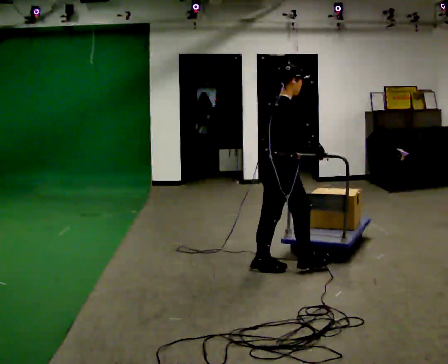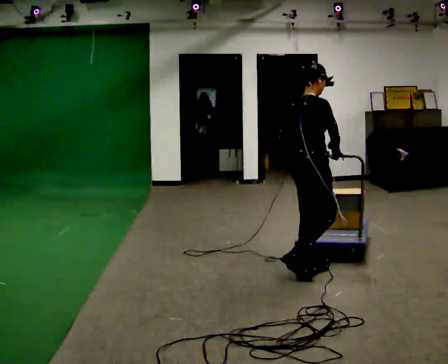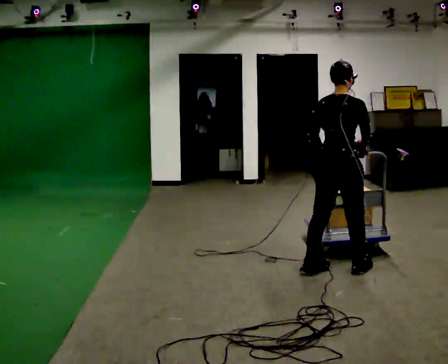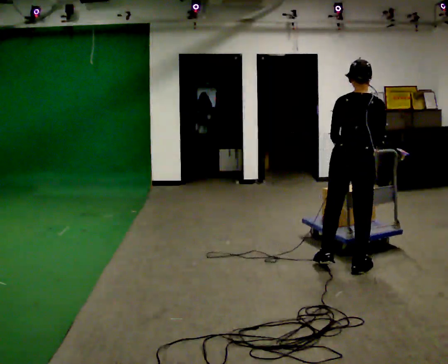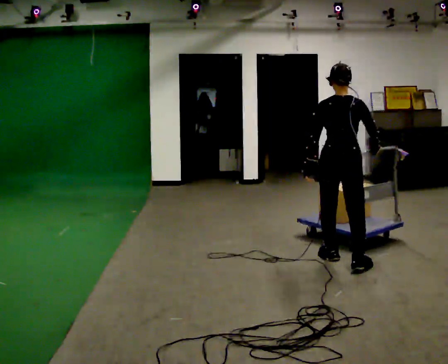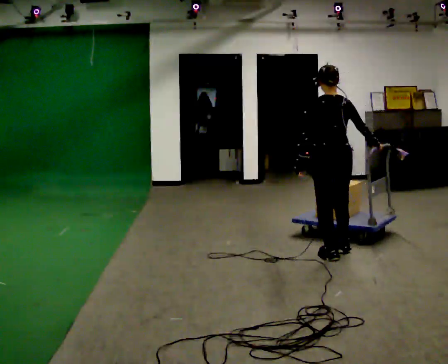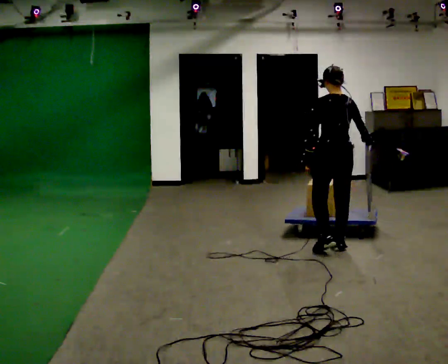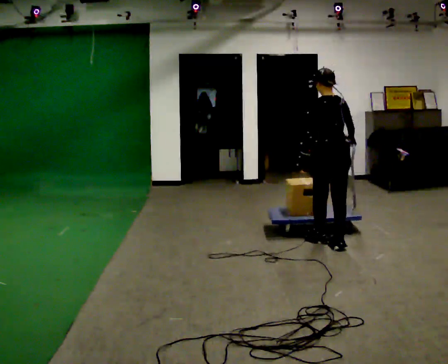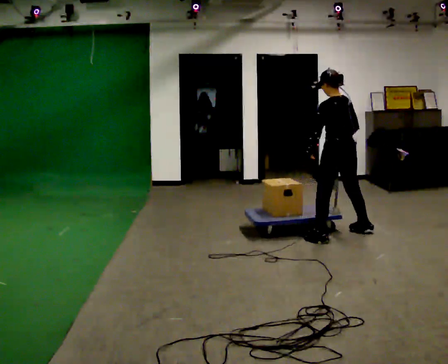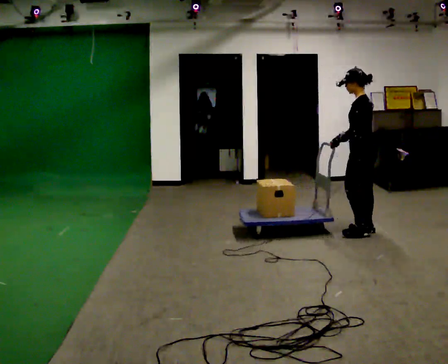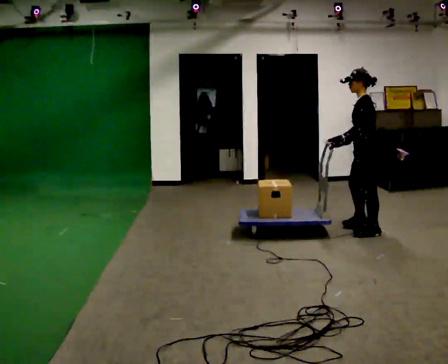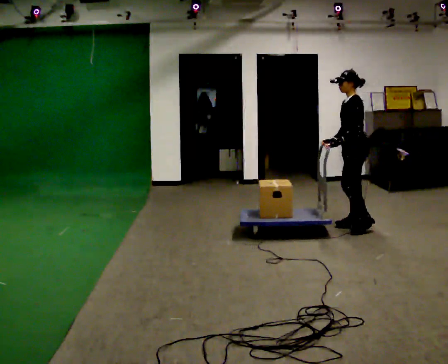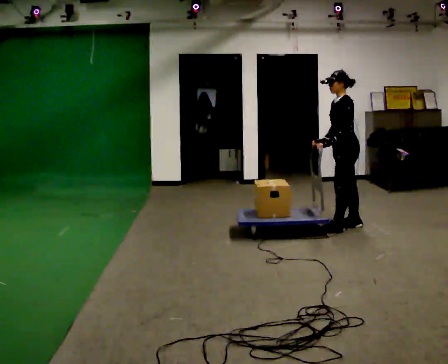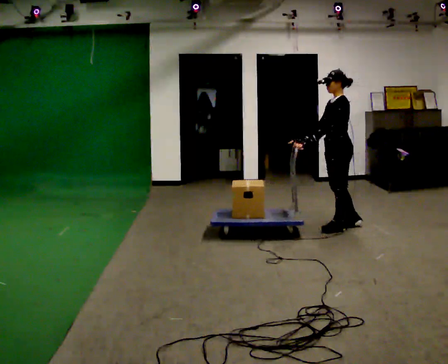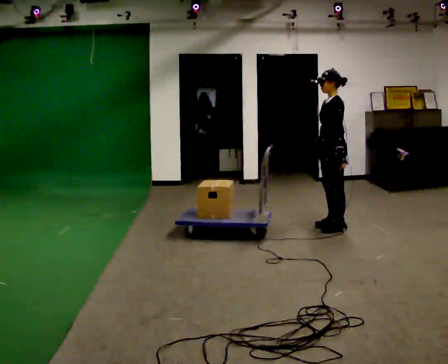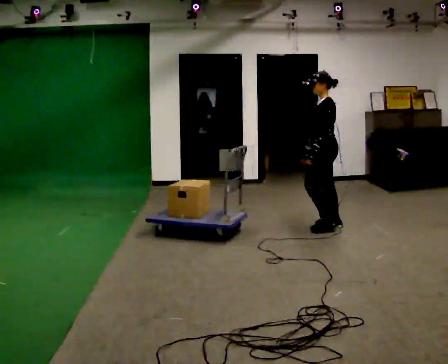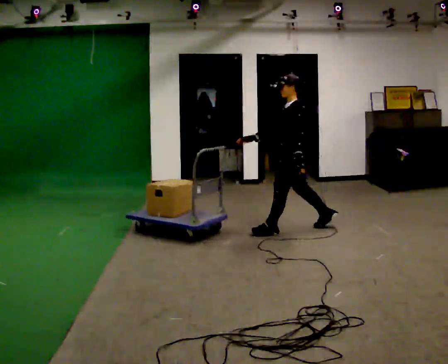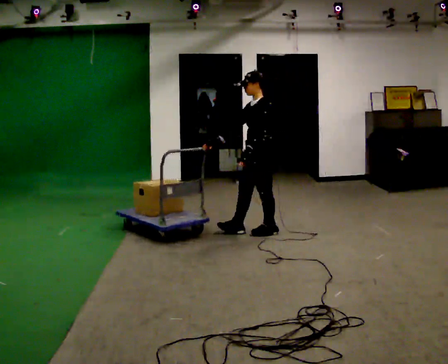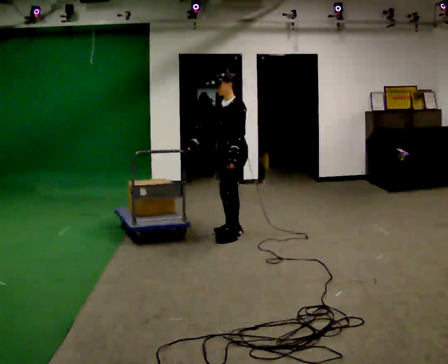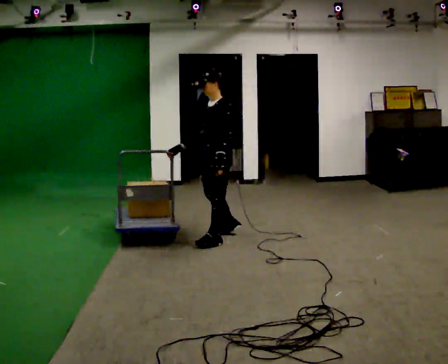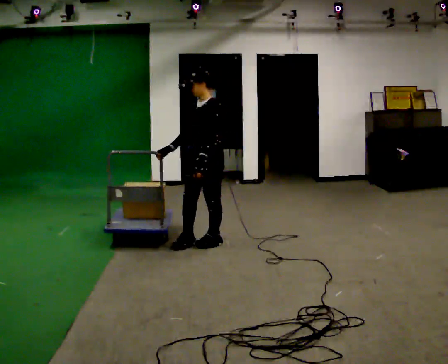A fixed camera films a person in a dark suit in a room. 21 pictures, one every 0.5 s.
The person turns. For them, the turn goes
to their left.
The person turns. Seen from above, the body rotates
counterclockwise.
0.0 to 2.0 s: Seen from above the body turns counterclockwise, about 90 degrees: to their left, with its near side sliding to the right. In the picture they go to the right and away from the camera, about 0.5 m in 3 steps.
2.0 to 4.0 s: The person turns about 45 degrees to their left, counterclockwise seen from above, so the part of the body nearest the lens slides to the right. In the picture they go away from the camera, about 0.5 m in 2 steps, which for them is forward and to their right.
4.0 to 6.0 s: Seen from above the body turns counterclockwise, about 60 degrees: to their left, with its near side sliding to the right. In the picture they go away from the camera, about 0.5 m in 4 steps.
6.0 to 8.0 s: In the picture they go to the left, about 0.5 m in 2 steps, which for them is forward.
8.0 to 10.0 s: Seen from above the body turns counterclockwise, about 30 degrees: to their left, with its near side sliding to the right. In the picture they go toward the camera and to the left, about 1 m in 2 steps, which for them is forward.
The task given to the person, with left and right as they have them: Stand still with your hands on the cart. When the operator says go, get it moving, push it a few metres, then bring it to a stop. Repeat until the operator says stop.
The film runs forward here.
